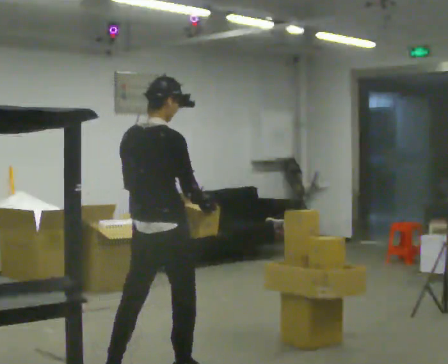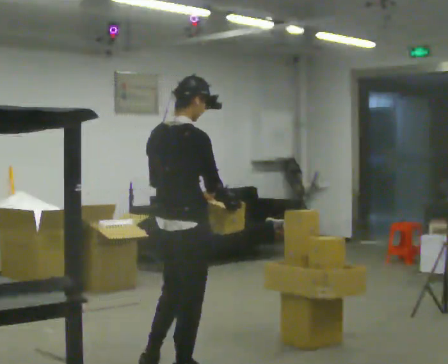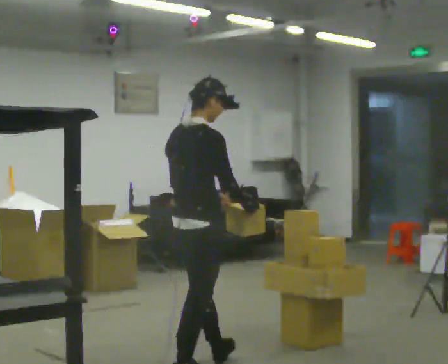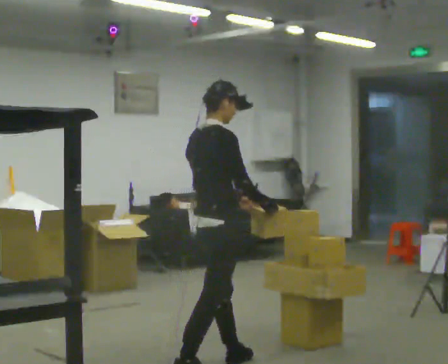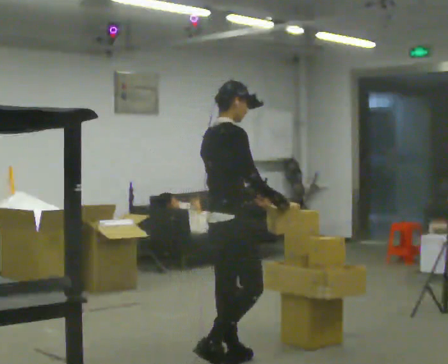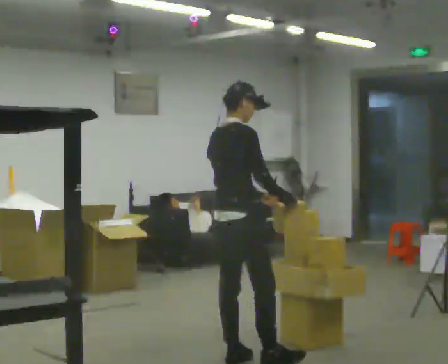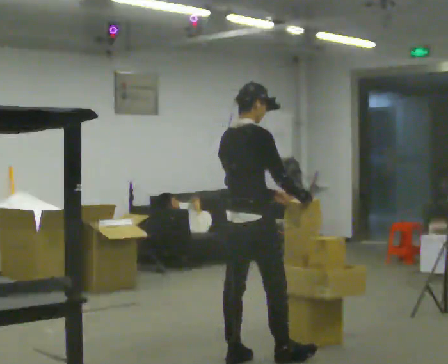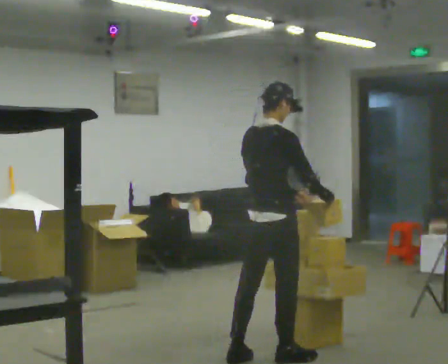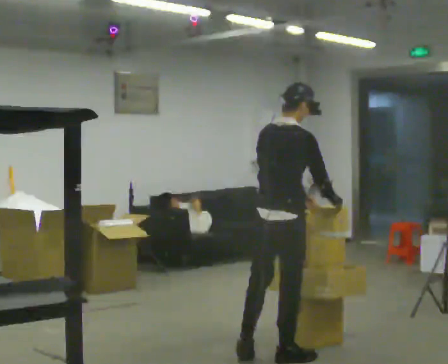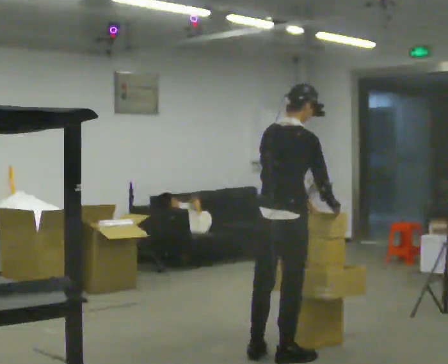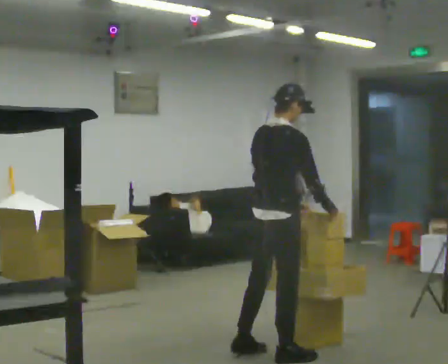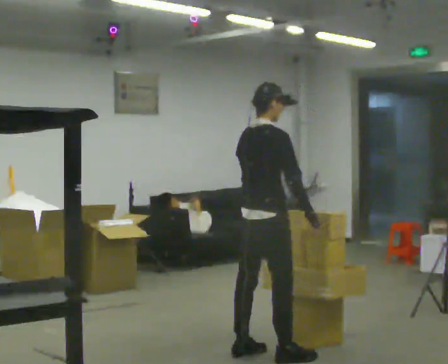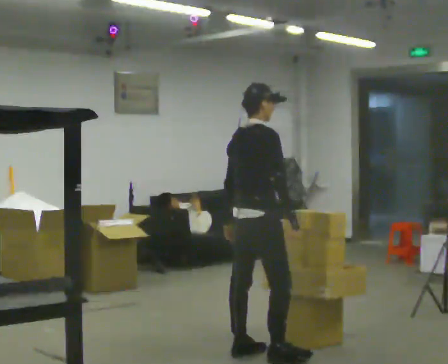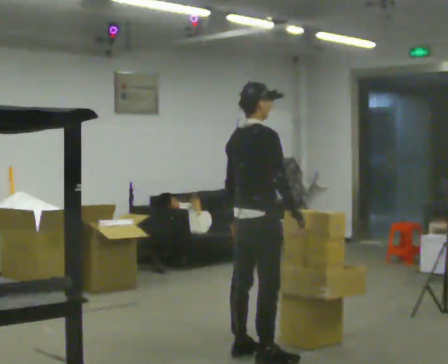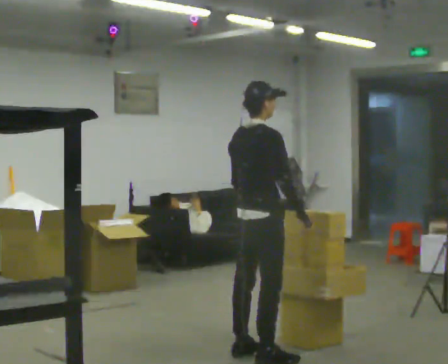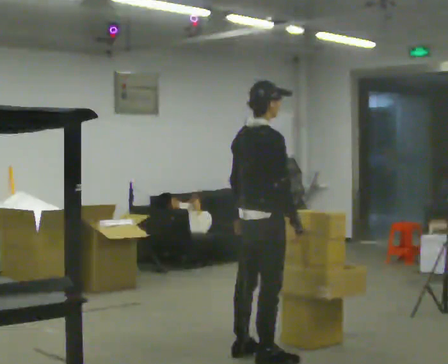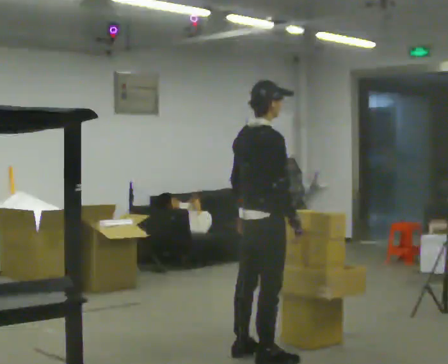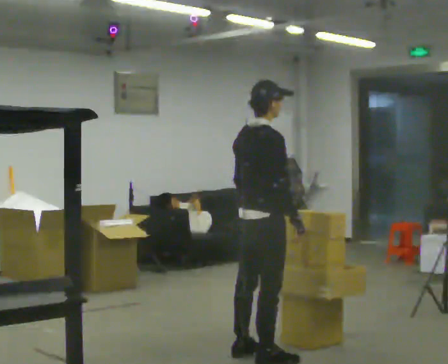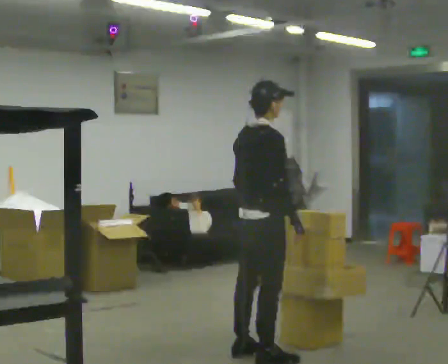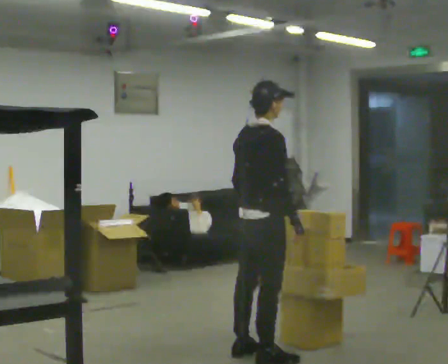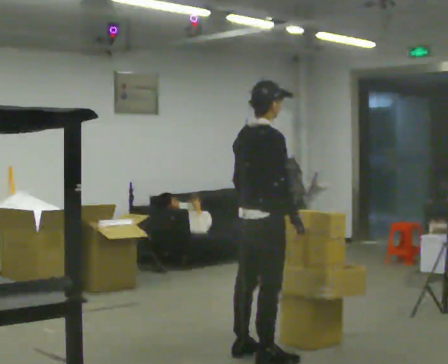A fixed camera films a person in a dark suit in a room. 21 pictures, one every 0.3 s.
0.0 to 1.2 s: Seen from above the body turns clockwise, about 30 degrees: to their right, with its near side sliding to the left. In the picture they go away from the camera and to the right, about 0.5 m in 1 step, which for them is forward.
1.2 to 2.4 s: In the picture they go to the right, about 0.25 m in 1 step, which for them is forward and to their right.
2.4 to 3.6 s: In the picture they go to the left, about 0.25 m in 1 step, which for them is to their left.
3.6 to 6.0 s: The person moves a little, or ends about where they began.
The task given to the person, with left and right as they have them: Take an object from the lowest shelf, carry it across the room, and place it on the highest shelf you can comfortably reach. Keep going until the operator says stop; one object at a time, and do not rush between trips.
The film runs forward here.
